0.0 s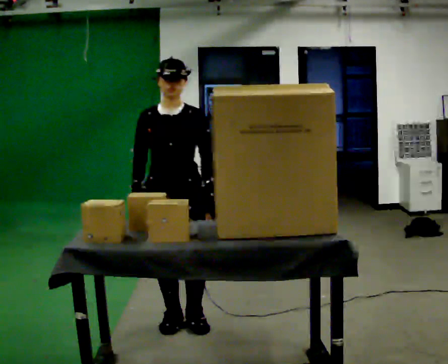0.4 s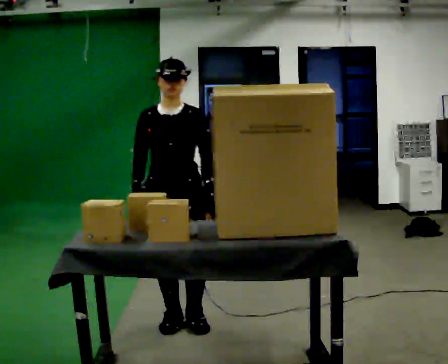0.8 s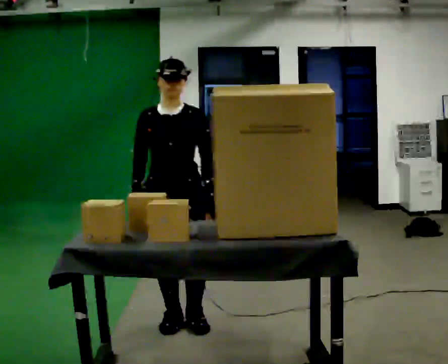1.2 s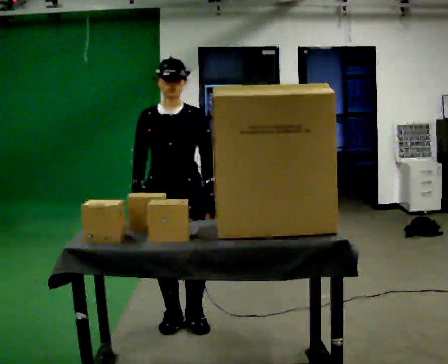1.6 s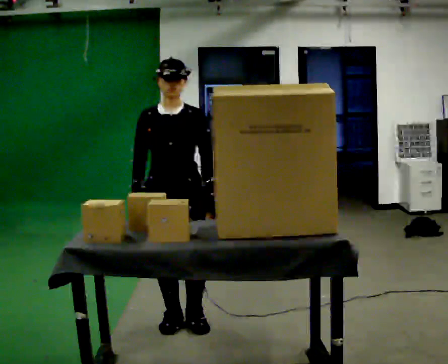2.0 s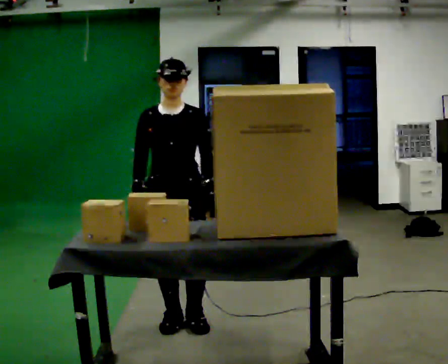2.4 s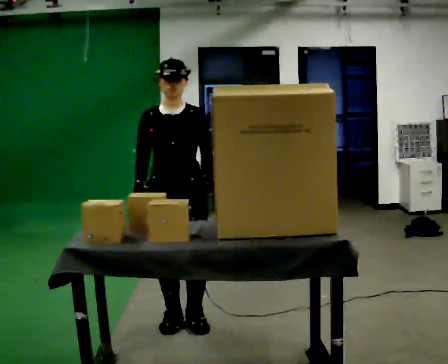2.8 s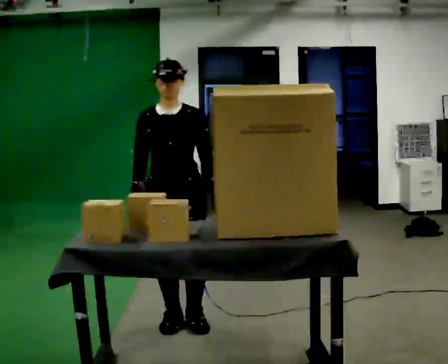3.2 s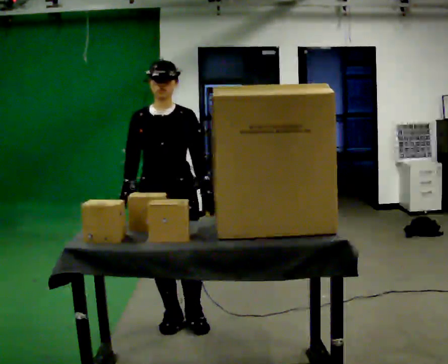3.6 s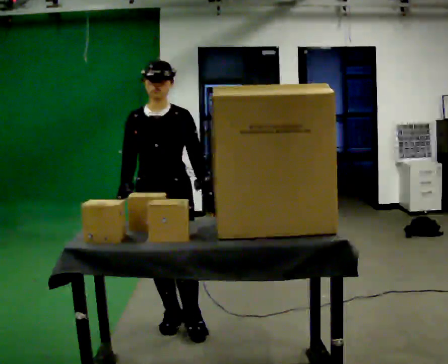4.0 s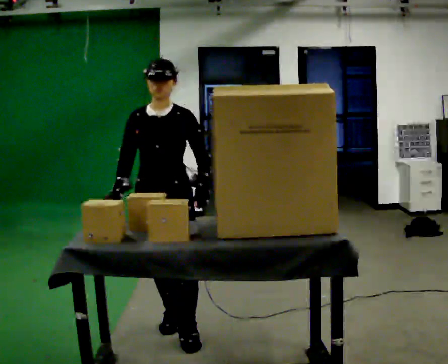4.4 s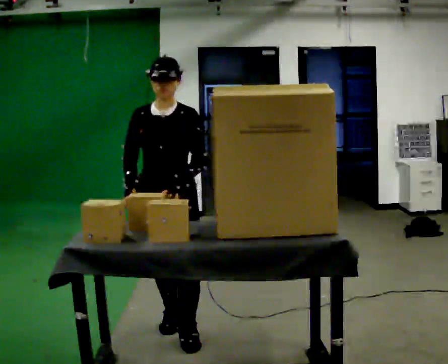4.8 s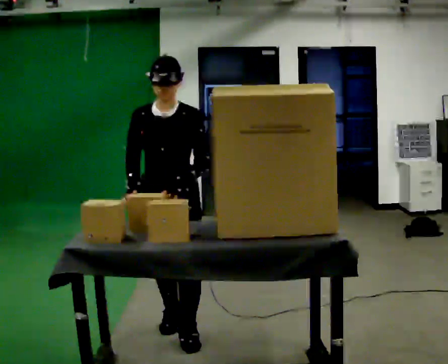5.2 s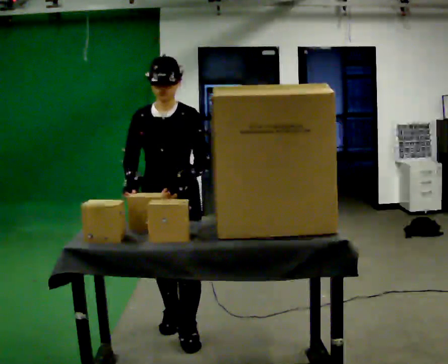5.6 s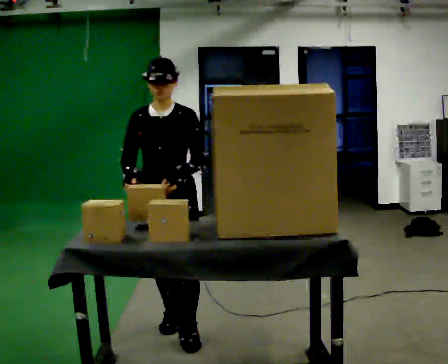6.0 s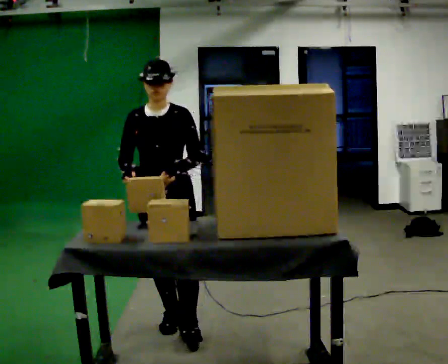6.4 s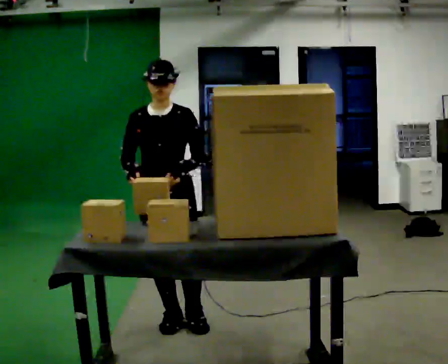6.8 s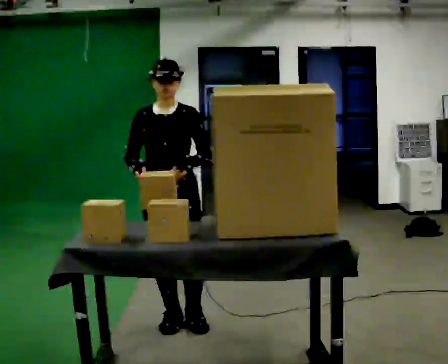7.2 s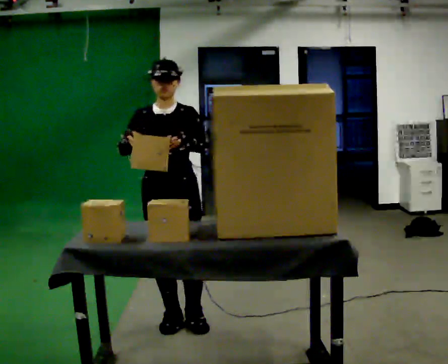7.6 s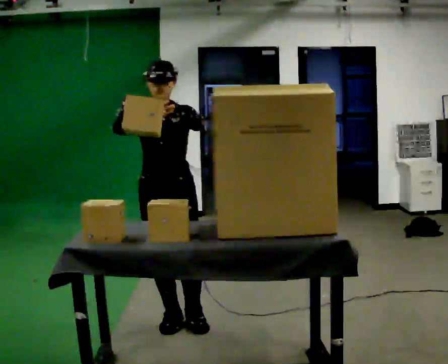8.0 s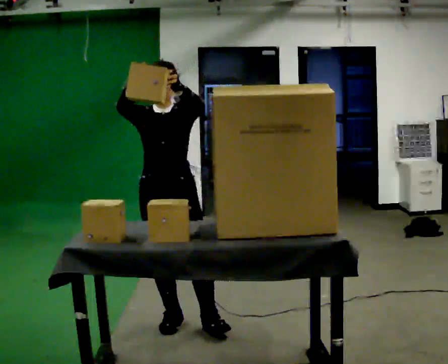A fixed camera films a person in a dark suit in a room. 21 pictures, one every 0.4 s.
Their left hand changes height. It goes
upward.
Their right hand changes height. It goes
upward.
0.0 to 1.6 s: The person keeps their place and pose.
1.6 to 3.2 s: The person moves a little, or ends about where they began.
3.2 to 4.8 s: In the picture they go toward the camera, about 0.25 m in 1 step, which for them is forward.
4.8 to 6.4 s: The person moves a little, or ends about where they began.
6.4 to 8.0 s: In the picture their right hand goes upward.
The film runs backward here.
